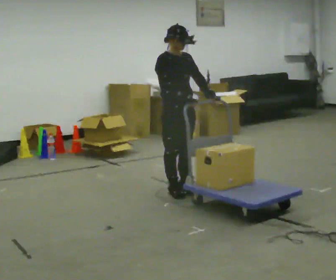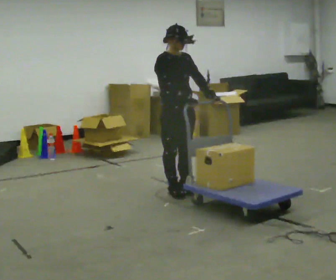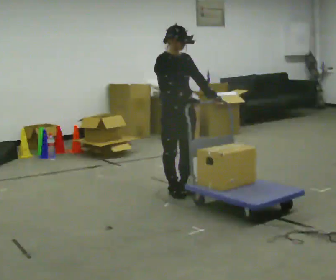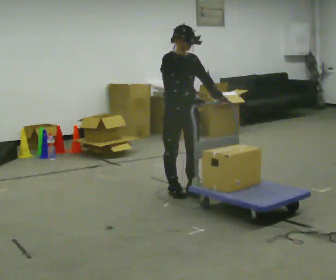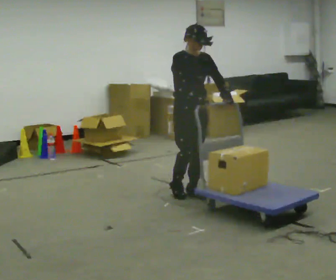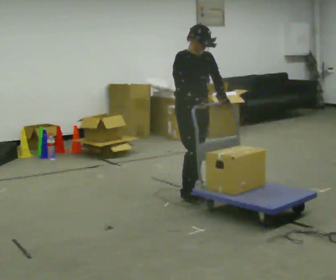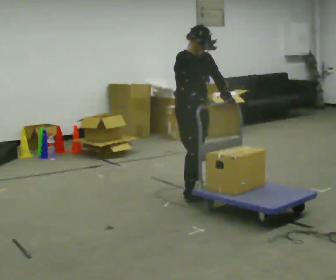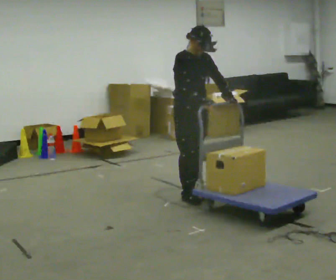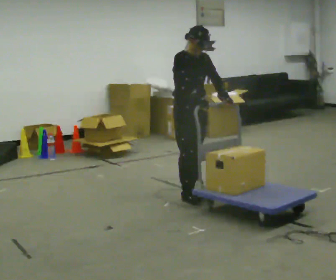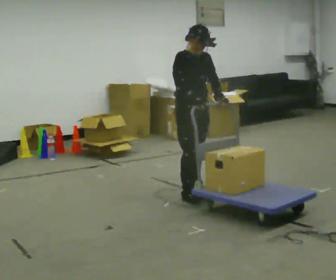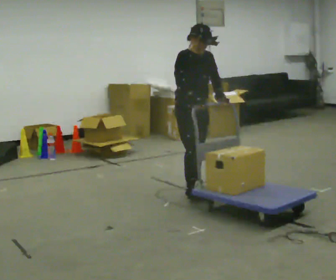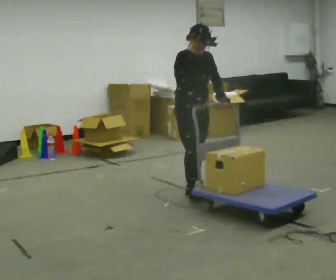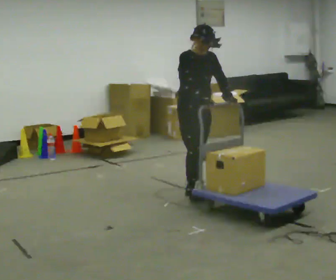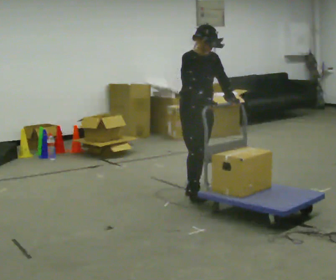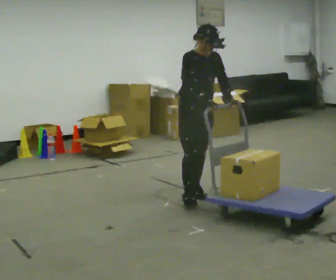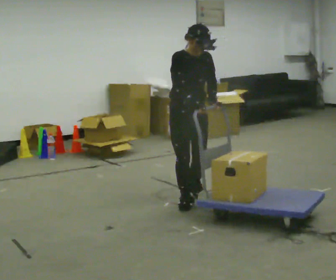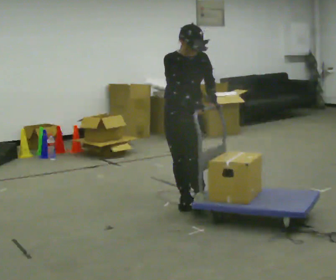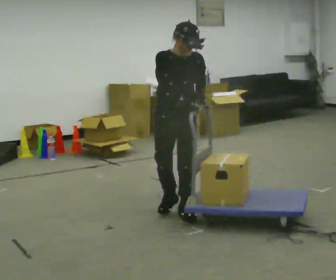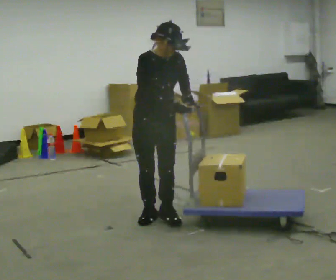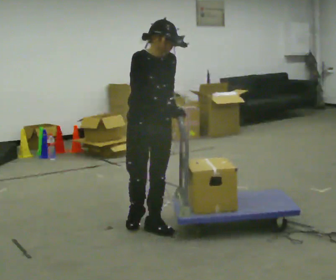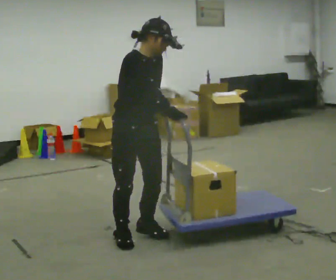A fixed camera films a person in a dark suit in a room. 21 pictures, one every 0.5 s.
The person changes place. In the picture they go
toward the camera.
0.0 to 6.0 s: In the picture they go to the right, about 0.25 m in 2 steps, which for them is forward.
6.0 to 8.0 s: In the picture they go toward the camera, about 0.25 m, which for them is to their right and forward.
8.0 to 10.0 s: The person turns about 45 degrees to their left, counterclockwise seen from above, so the part of the body nearest the lens slides to the right. In the picture they go toward the camera and to the left, about 1 m in 4 steps, which for them is to their right and forward.
The film runs forward here.
